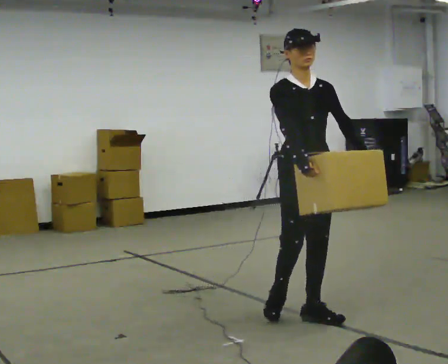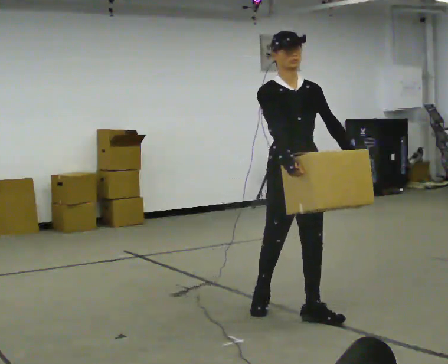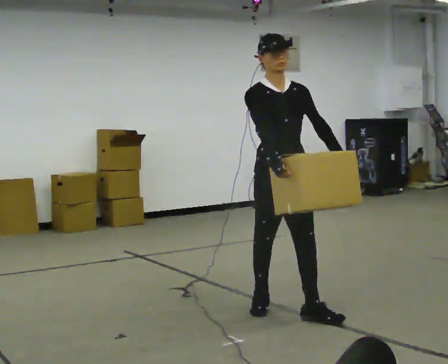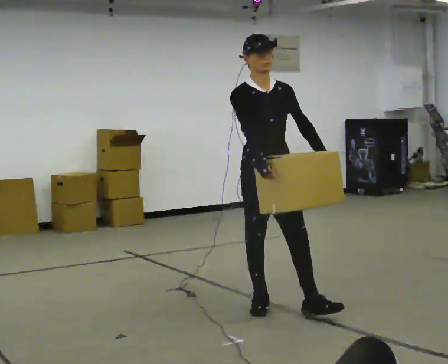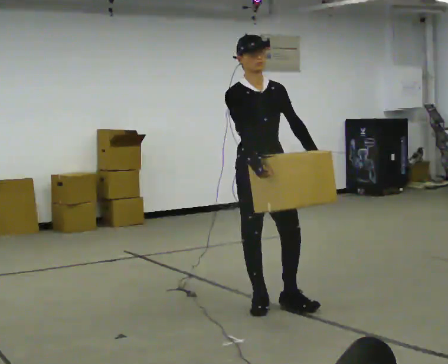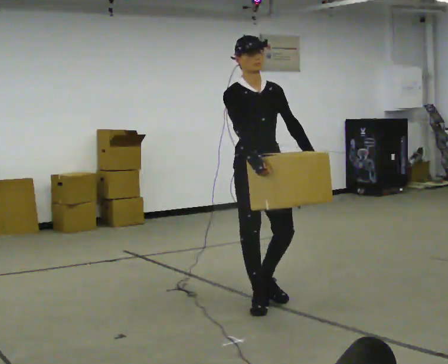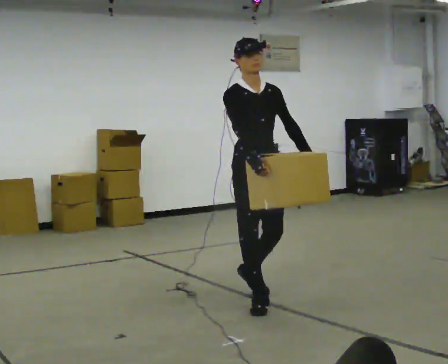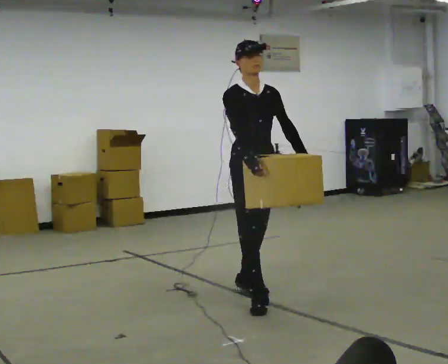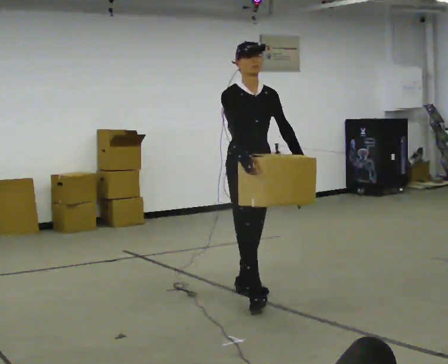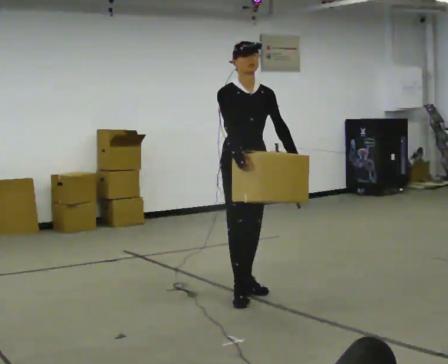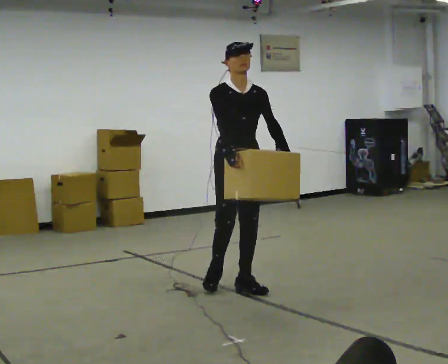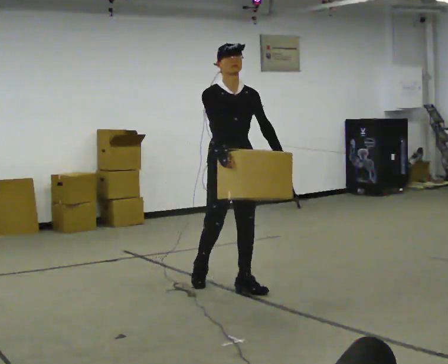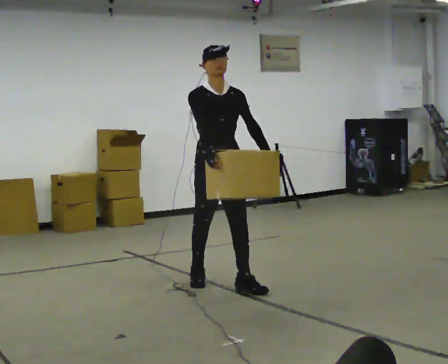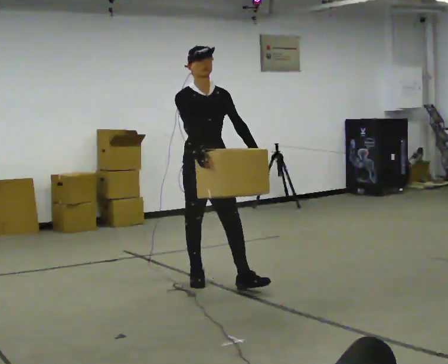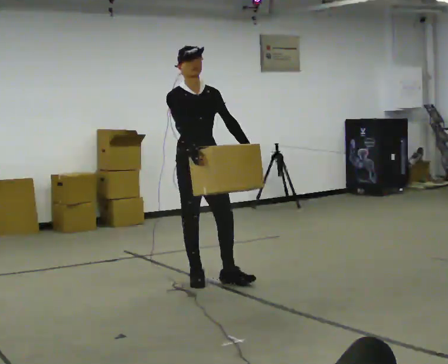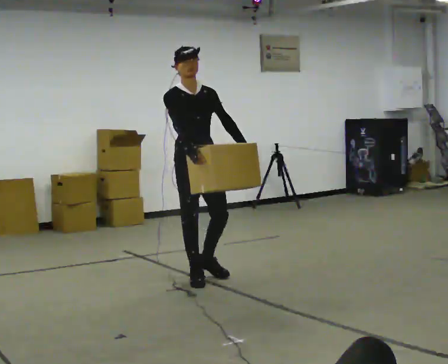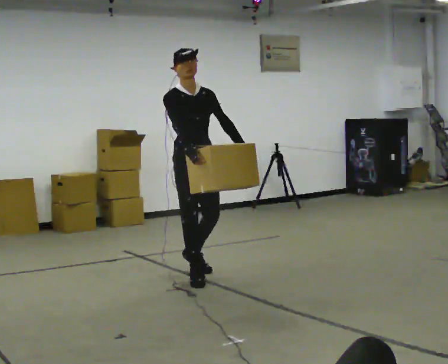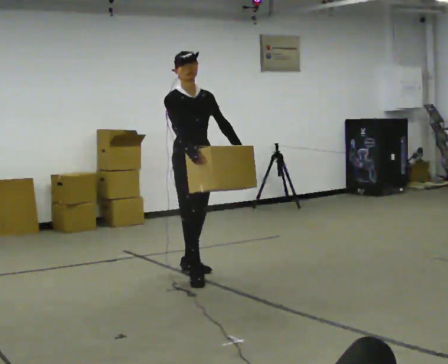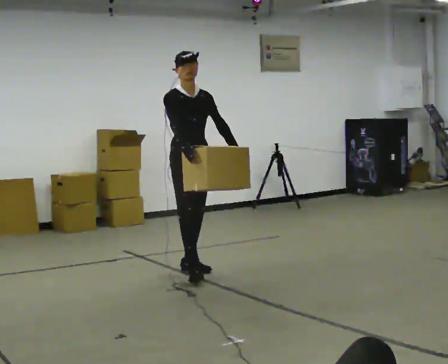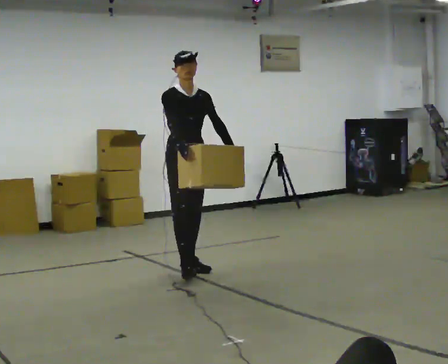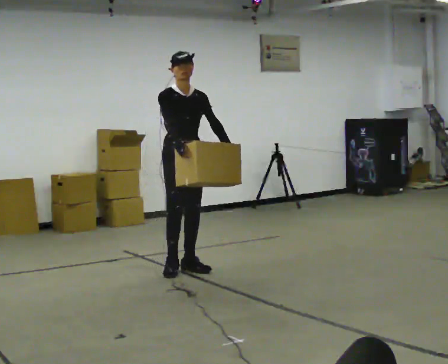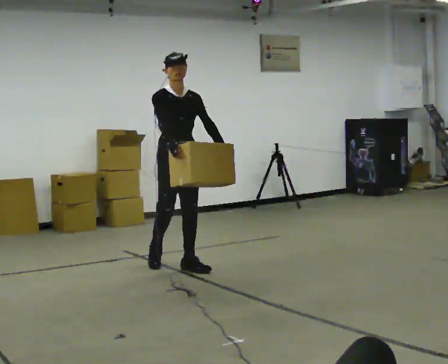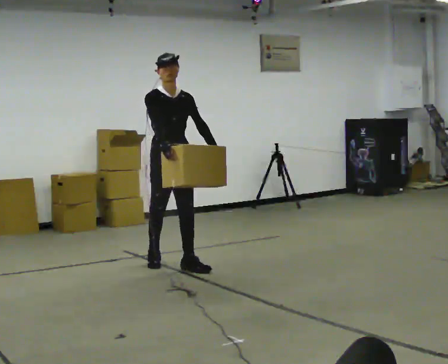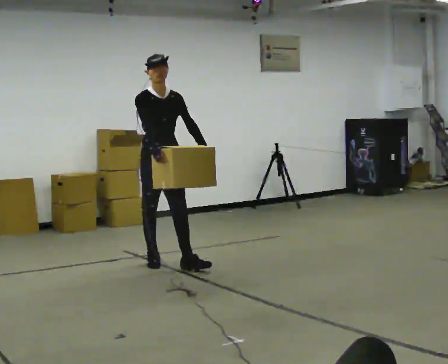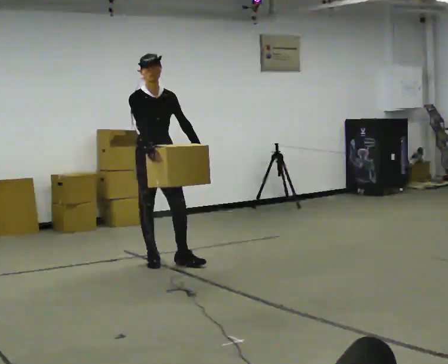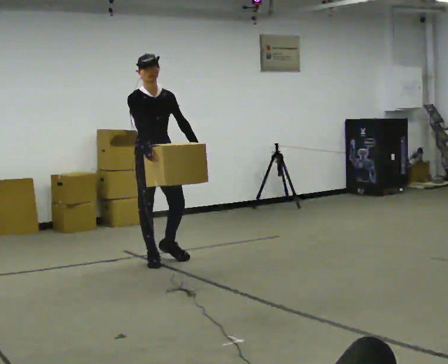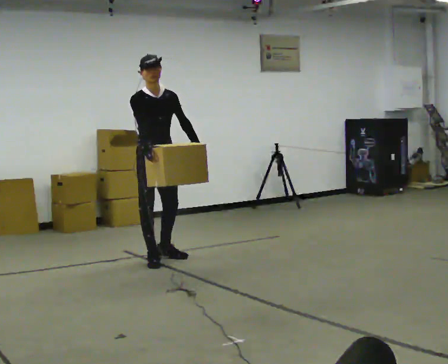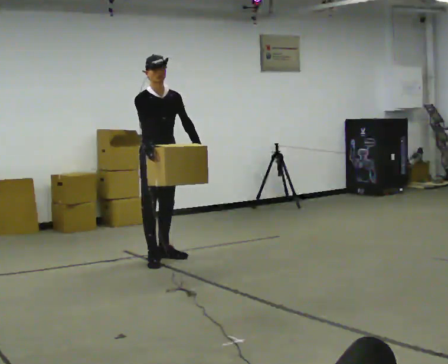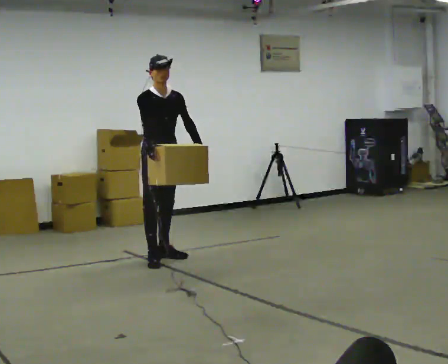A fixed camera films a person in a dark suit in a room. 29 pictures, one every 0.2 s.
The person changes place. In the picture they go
away from the camera.
0.0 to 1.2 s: In the picture they go away from the camera and to the left, about 0.5 m in 1 step, which for them is backward.
1.2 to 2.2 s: In the picture they go away from the camera, about 0.5 m in 1 step, which for them is backward.
2.2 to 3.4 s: In the picture they go away from the camera and to the left, about 0.5 m in 1 step, which for them is backward.
3.4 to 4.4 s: In the picture they go away from the camera and to the left, about 0.25 m in 1 step, which for them is backward.
4.4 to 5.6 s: In the picture they go away from the camera, about 0.25 m in 1 step, which for them is backward.
The film runs backward here.
